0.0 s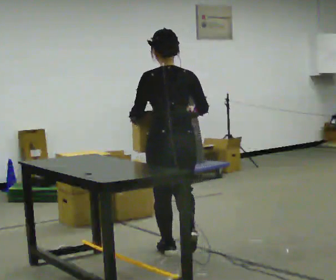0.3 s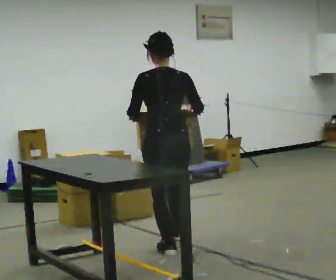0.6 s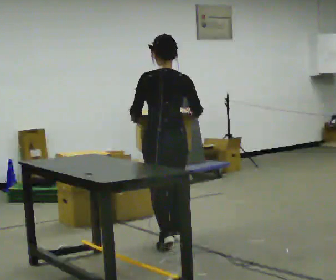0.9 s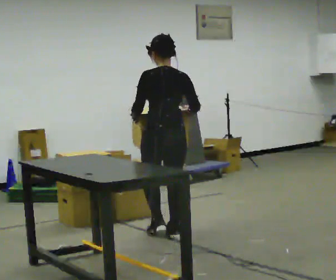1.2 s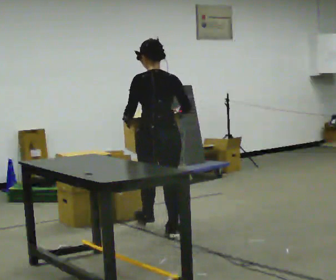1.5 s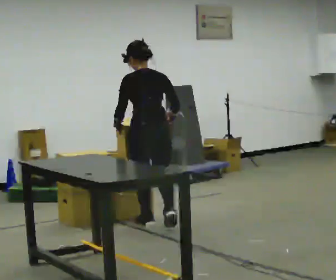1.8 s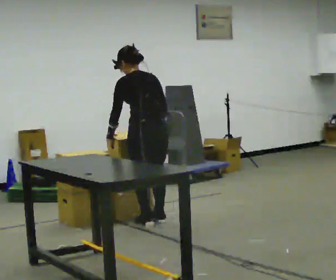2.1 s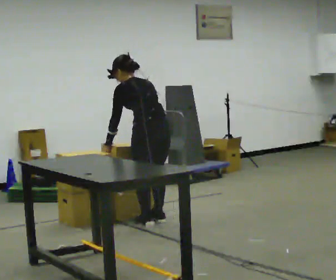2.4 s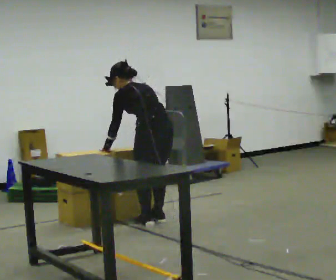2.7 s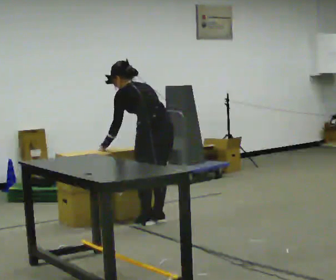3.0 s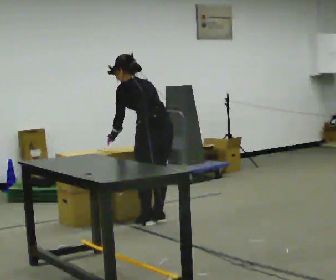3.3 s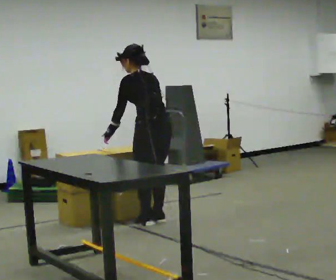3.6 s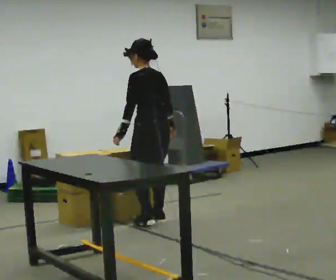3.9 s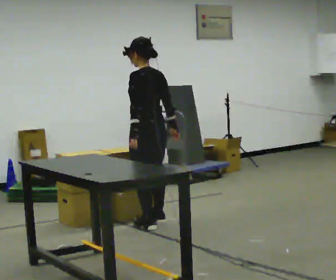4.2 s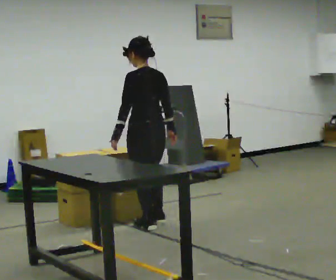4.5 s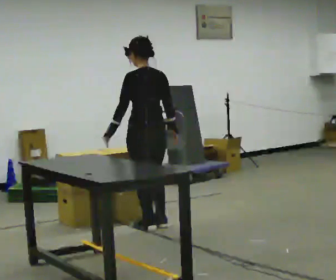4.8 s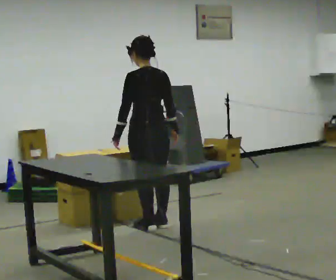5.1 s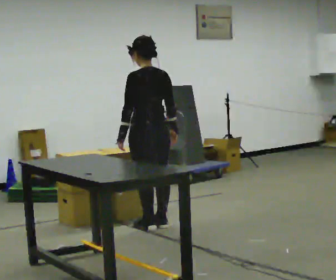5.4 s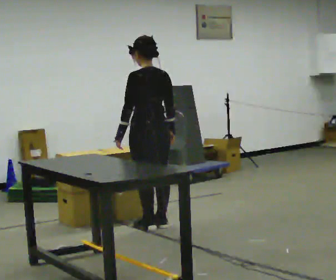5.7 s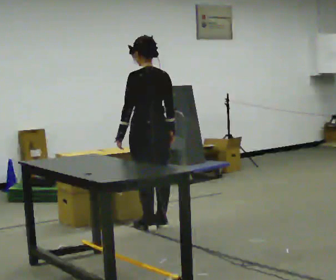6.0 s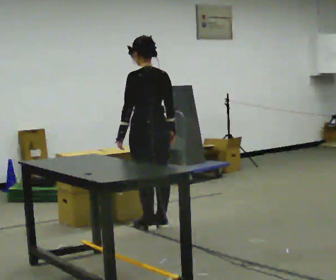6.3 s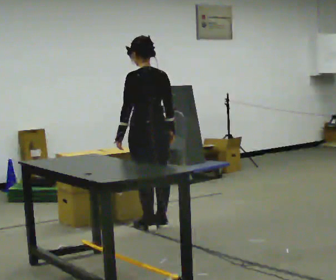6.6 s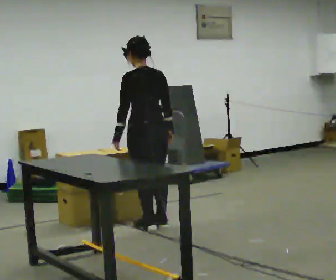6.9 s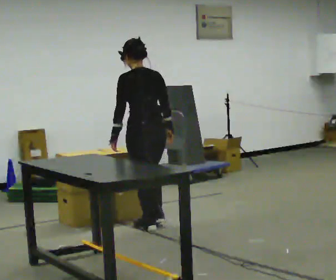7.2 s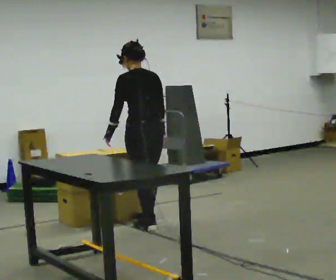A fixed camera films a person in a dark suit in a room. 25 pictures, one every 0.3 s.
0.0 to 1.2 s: In the picture they go away from the camera, about 0.5 m in 2 steps, which for them is forward.
1.2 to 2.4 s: The part of the body nearest the lens slides to the right as the person turns to their left by about 30 degrees. In the picture they go away from the camera, about 0.25 m in 1 step, which for them is forward. The upper body tips away from the camera, its near side rolling upward, as they bend forward.
2.4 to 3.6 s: The upper body tips toward the camera, its near side rolling downward, as they lean back or straighten.
3.6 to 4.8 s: In the picture they go toward the camera, about 0.25 m in 1 step, which for them is backward.
4.8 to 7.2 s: The person moves a little, or ends about where they began.
The film runs forward here.
